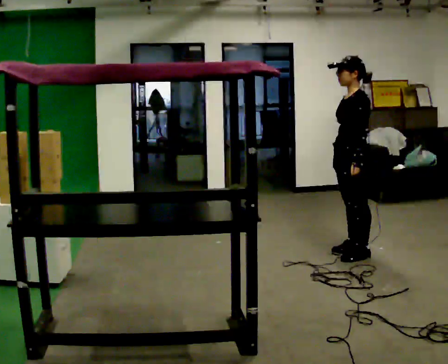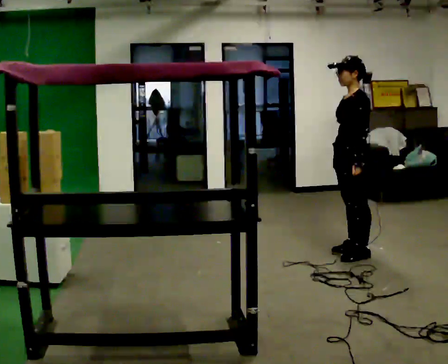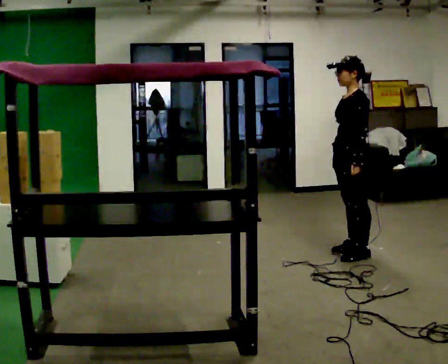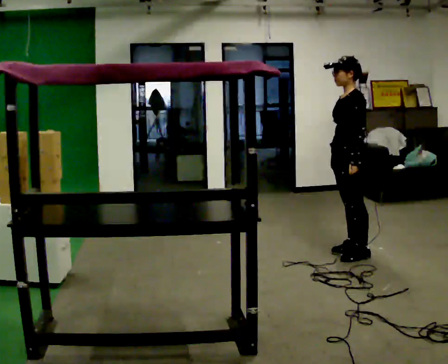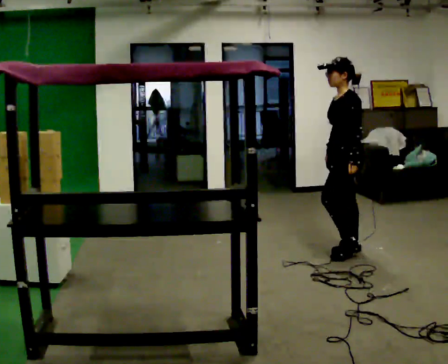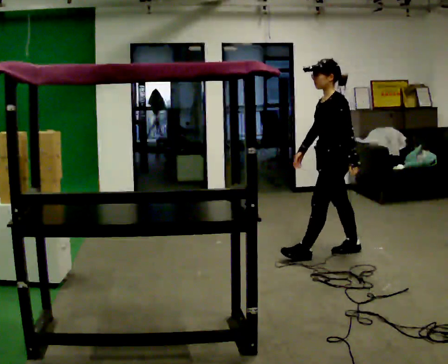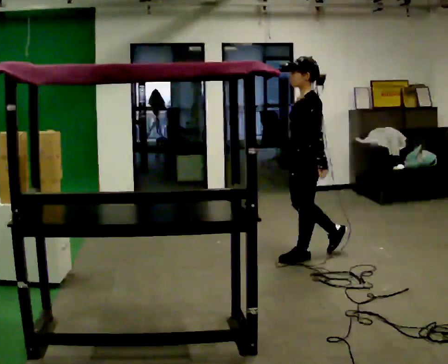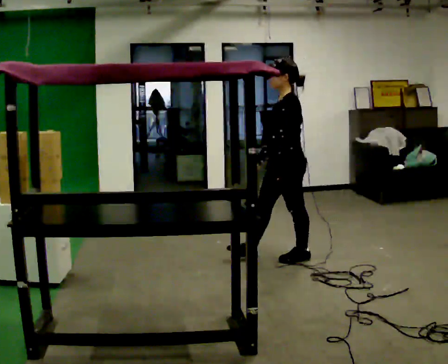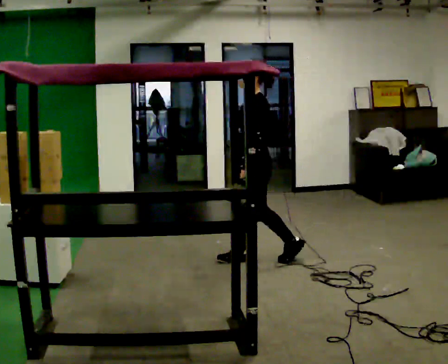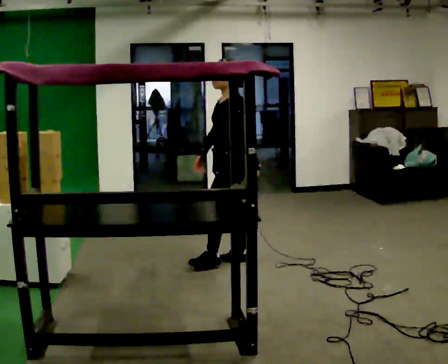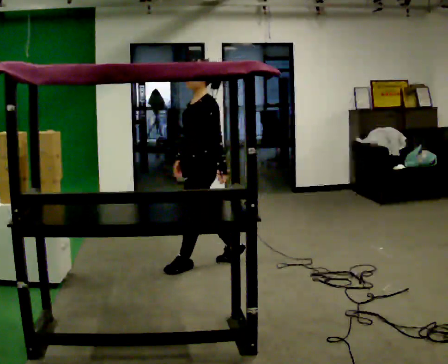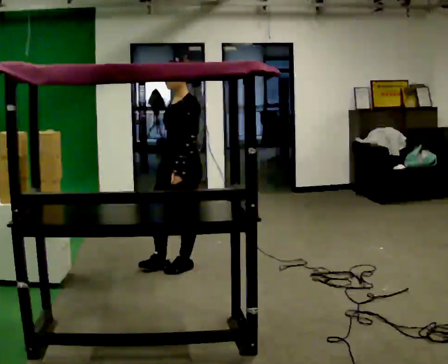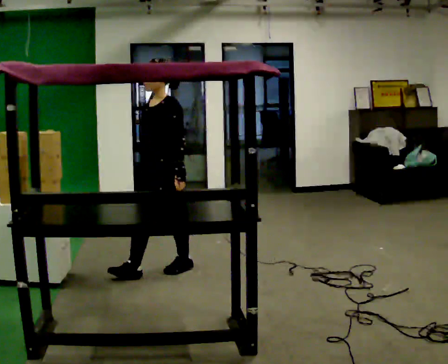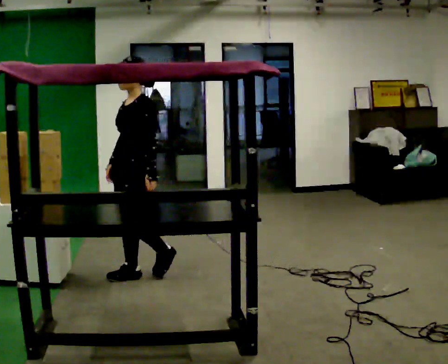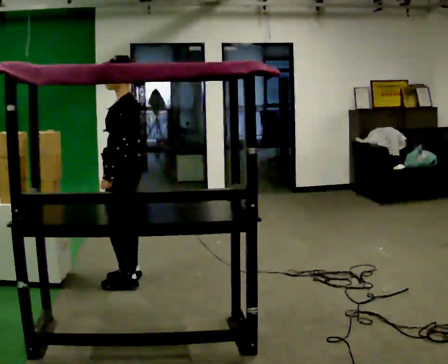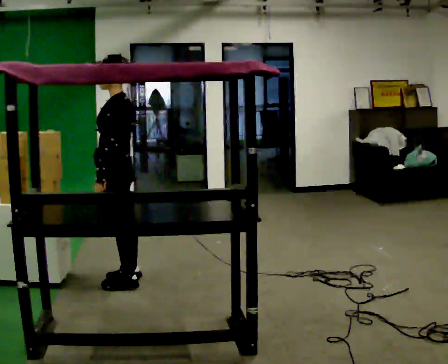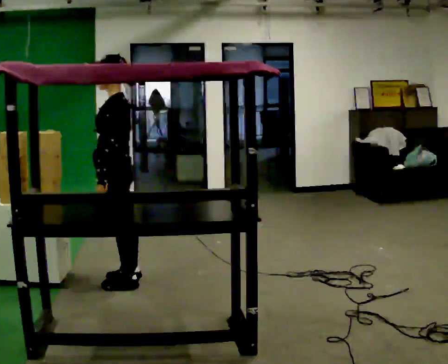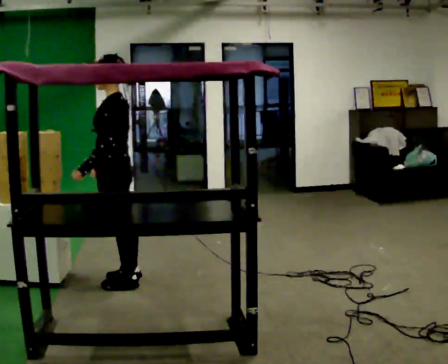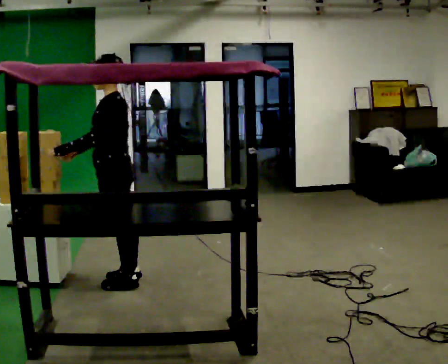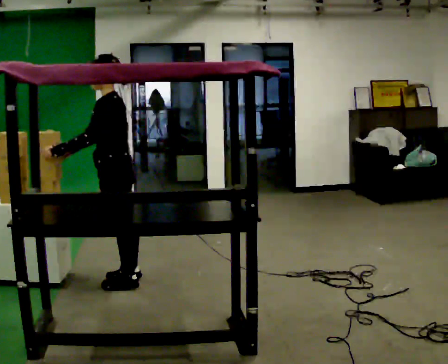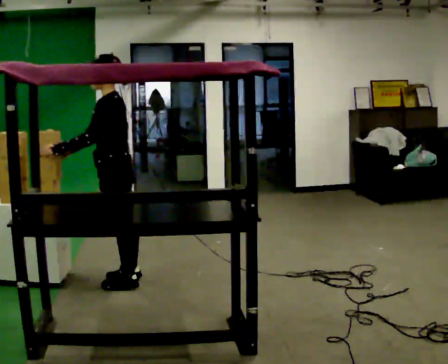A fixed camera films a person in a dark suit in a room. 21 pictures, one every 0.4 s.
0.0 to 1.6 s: The person moves a little, or ends about where they began.
1.6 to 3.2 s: In the picture they go to the left, about 1 m in 2 steps, which for them is forward.
3.2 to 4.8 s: The part of the body nearest the lens slides to the right as the person turns to their left by about 30 degrees. In the picture they go to the left and toward the camera, about 1 m in 2 steps, which for them is forward.
4.8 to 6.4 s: The part of the body nearest the lens slides to the left as the person turns to their right by about 45 degrees. In the picture they go toward the camera and to the left, about 0.5 m in 1 step, which for them is forward and to their left.
6.4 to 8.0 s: The person moves a little, or ends about where they began.
The film runs forward here.
